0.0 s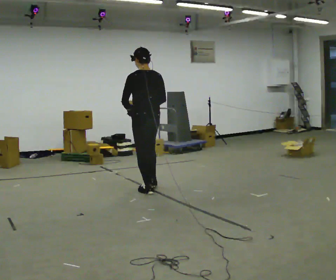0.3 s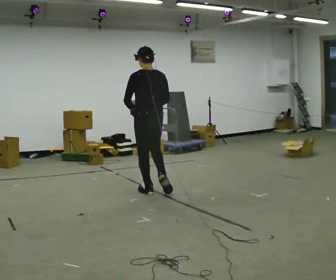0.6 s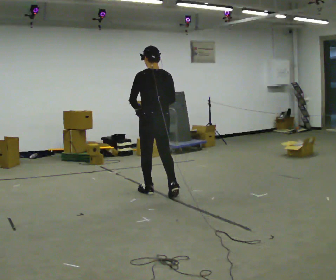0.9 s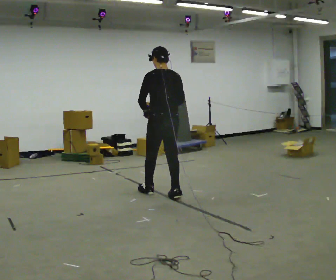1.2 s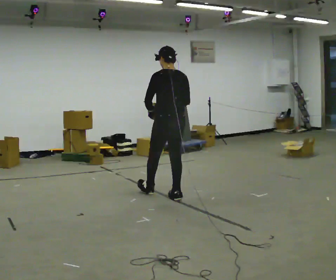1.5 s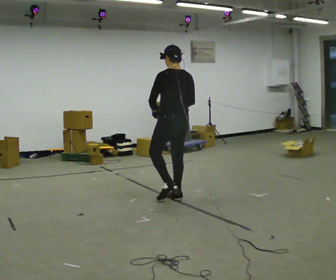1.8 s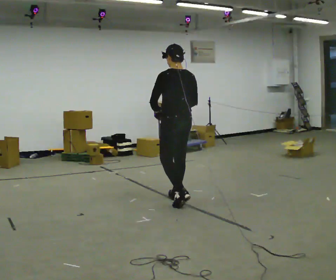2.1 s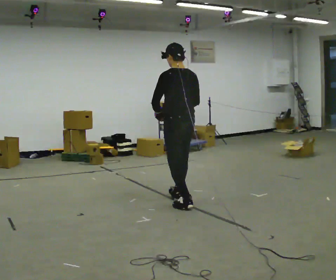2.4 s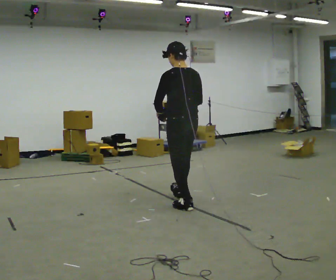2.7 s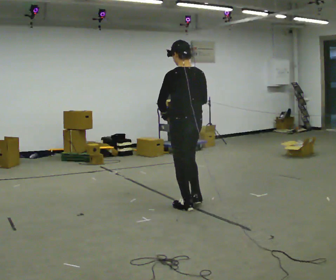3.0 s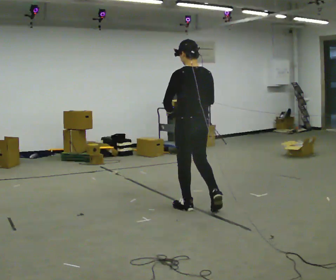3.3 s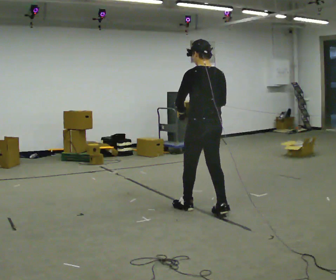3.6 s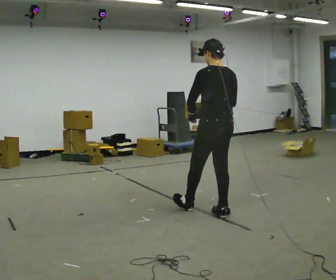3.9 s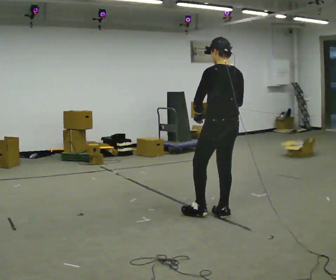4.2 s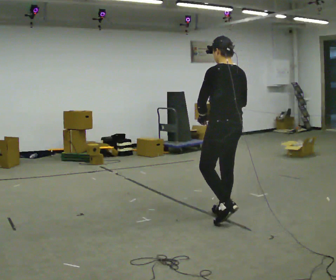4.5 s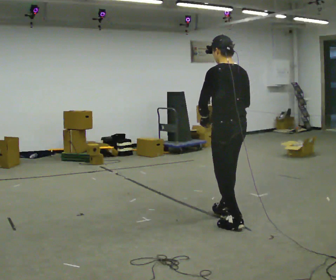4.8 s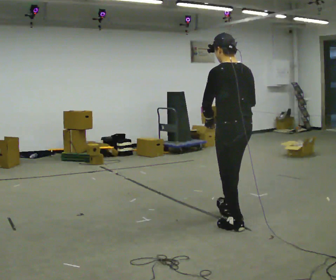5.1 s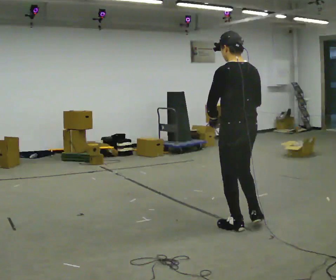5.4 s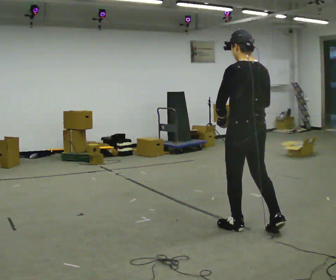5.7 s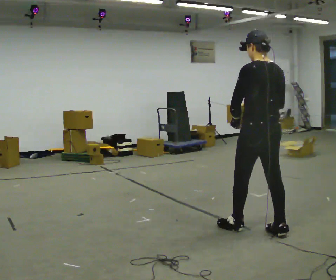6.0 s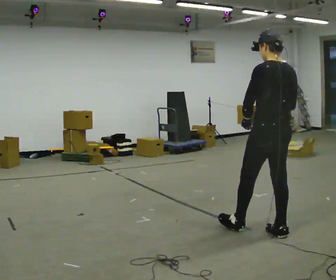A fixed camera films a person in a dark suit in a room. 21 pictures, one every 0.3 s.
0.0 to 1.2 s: In the picture they go to the right and toward the camera, about 0.5 m, which for them is backward and to their right.
1.2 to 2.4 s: In the picture they go toward the camera and to the right, about 0.5 m in 2 steps, which for them is backward.
2.4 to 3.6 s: In the picture they go to the right and toward the camera, about 0.5 m, which for them is backward and to their right.
3.6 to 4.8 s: In the picture they go toward the camera and to the right, about 0.5 m in 2 steps, which for them is backward.
4.8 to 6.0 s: In the picture they go to the right and toward the camera, about 0.25 m, which for them is backward and to their right.
The film runs backward here.
